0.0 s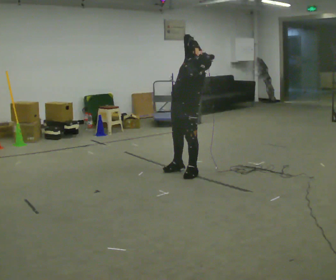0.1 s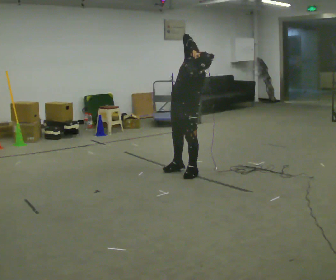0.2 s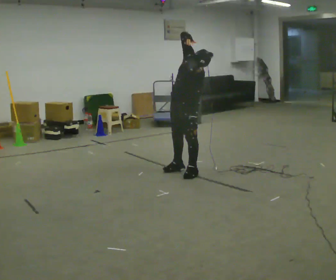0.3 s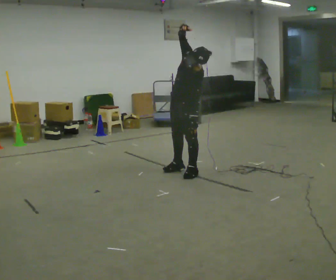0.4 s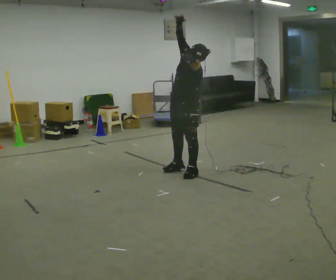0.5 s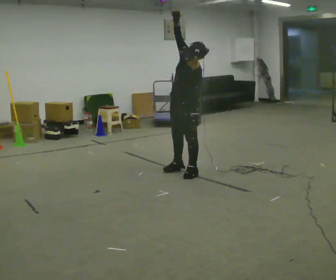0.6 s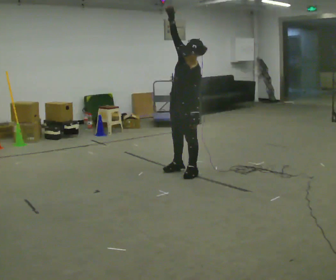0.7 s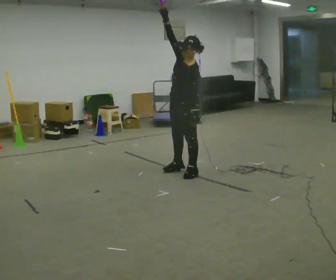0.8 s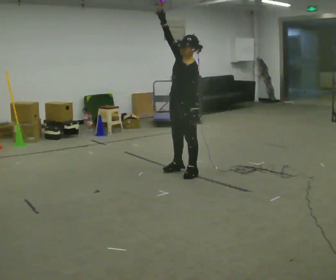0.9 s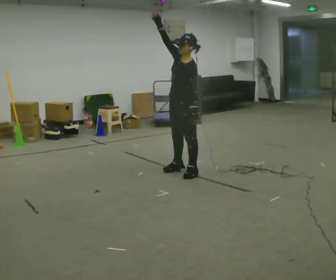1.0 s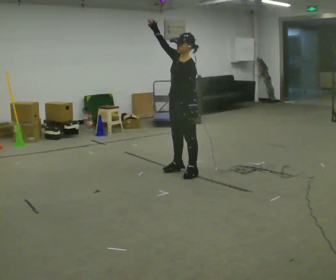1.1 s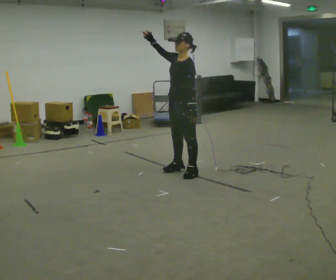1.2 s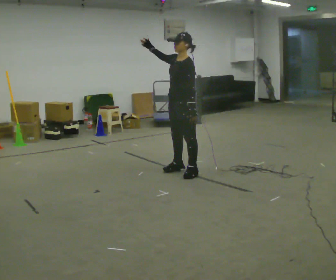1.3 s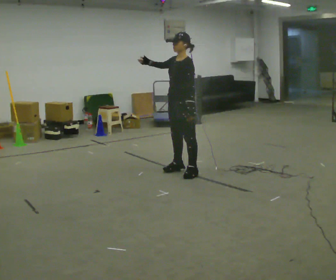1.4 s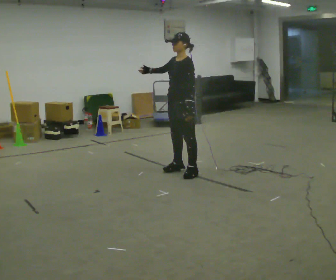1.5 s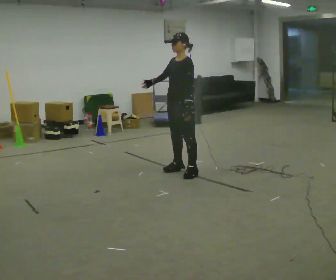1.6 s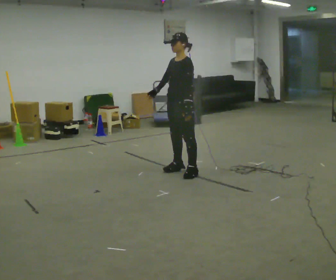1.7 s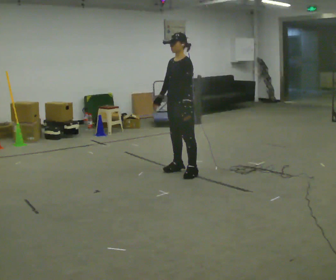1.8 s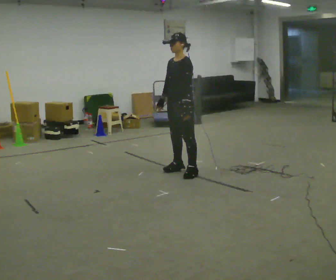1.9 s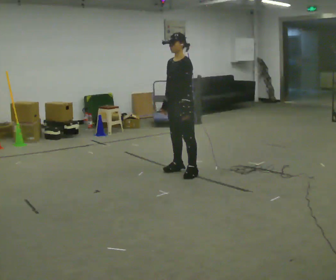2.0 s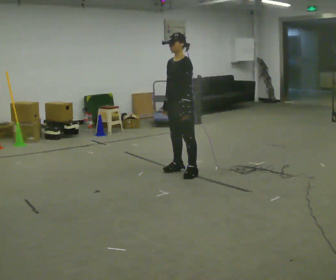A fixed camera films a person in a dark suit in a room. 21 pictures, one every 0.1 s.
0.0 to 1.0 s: The upper body tips away from the camera, its near side rolling upward. In the picture their right hand goes to the left.
1.0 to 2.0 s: In the picture their right hand goes downward, the arm swinging counterclockwise.
The film runs forward here.
